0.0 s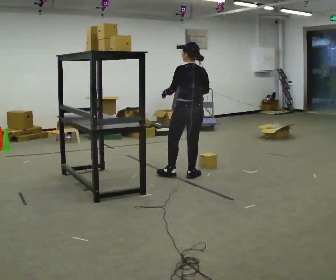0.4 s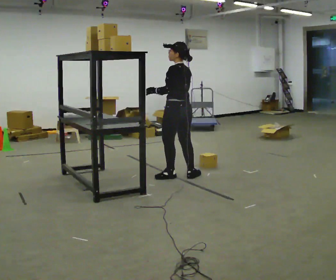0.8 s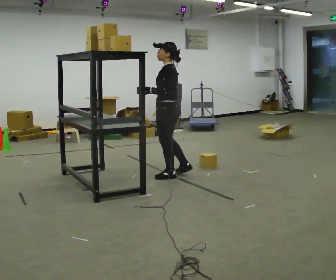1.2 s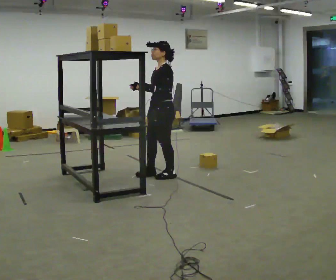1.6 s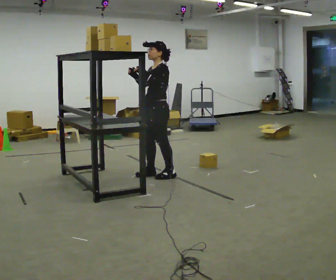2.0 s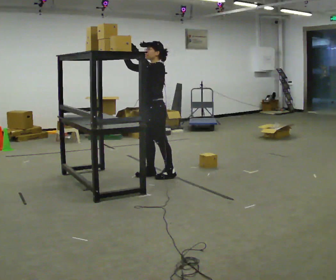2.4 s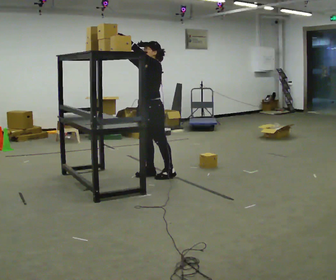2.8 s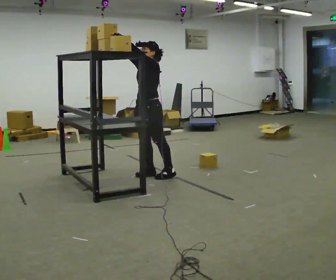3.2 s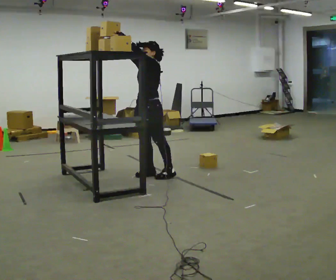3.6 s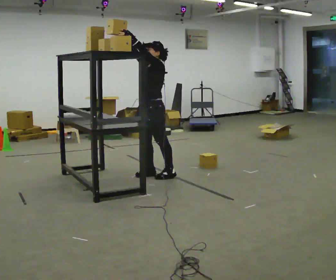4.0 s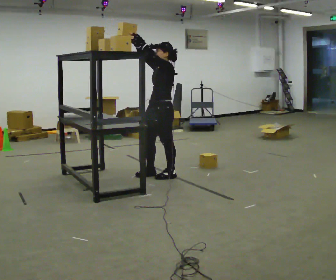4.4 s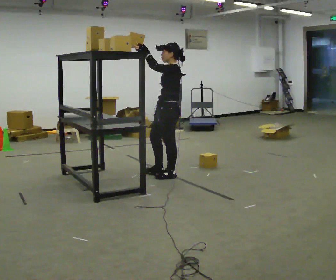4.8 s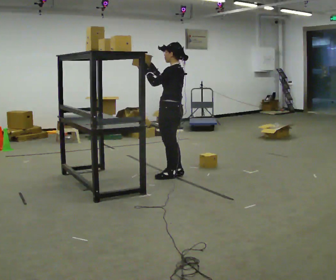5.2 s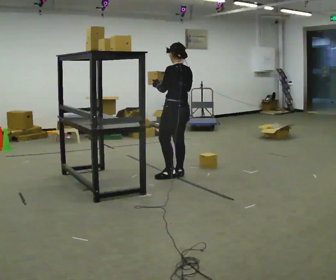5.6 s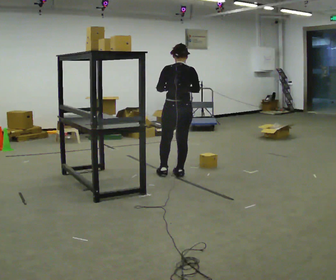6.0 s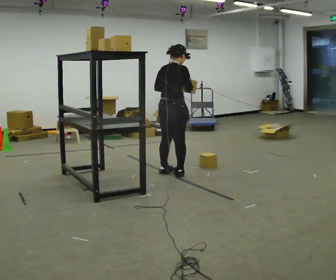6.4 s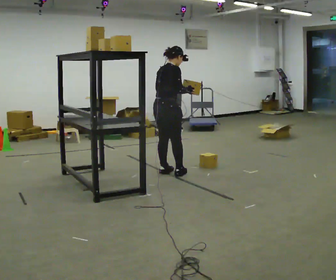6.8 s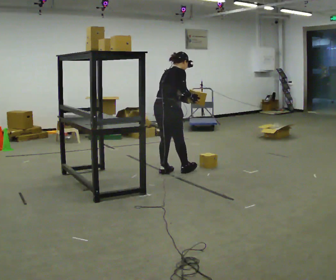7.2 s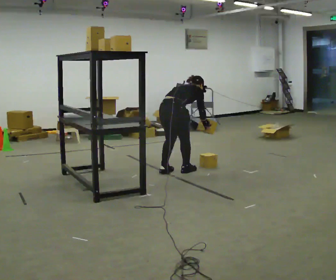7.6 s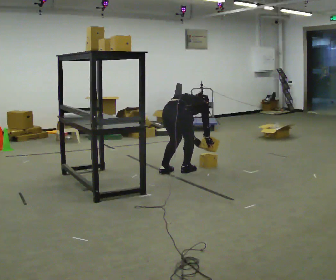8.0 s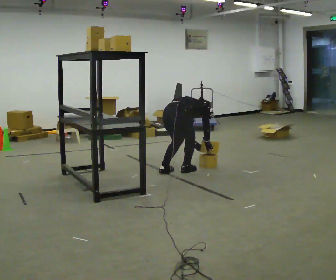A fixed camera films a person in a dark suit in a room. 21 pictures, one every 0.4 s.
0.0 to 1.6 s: Seen from above the body turns counterclockwise, about 105 degrees: to their left, with its near side sliding to the right. In the picture they go to the left, about 0.5 m in 2 steps.
1.6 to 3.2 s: In the picture their right hand goes upward, the arm swinging clockwise.
3.2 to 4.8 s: The part of the body nearest the lens slides to the left as the person turns to their right by about 60 degrees. In the picture they go to the right, about 0.25 m in 1 step, which for them is backward and to their left. In the picture their right hand goes downward.
4.8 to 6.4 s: Seen from above the body turns clockwise, about 120 degrees: to their right, with its near side sliding to the left. In the picture they go away from the camera, about 0.25 m in 1 step. In the picture their right hand goes to the right.
6.4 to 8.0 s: The upper body goes downward. In the picture the upper body tilts clockwise, shoulders to the right, as they bend forward. In the picture their right hand goes downward.
The film runs forward here.
